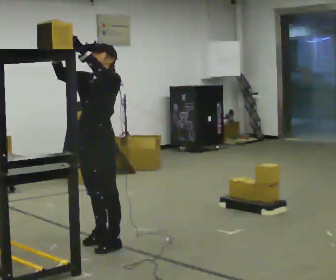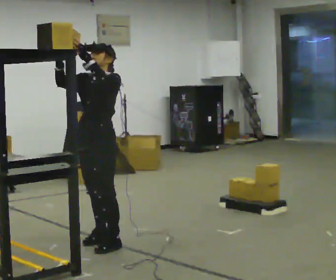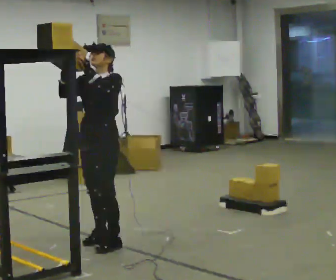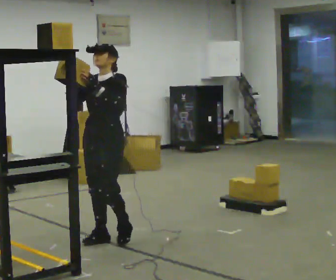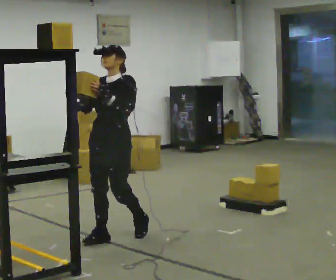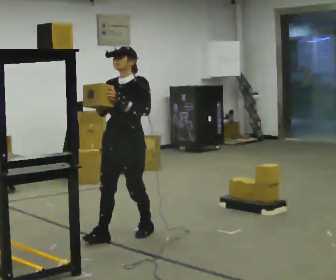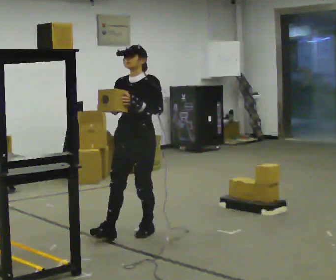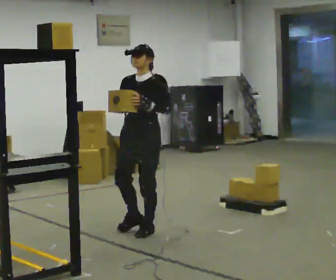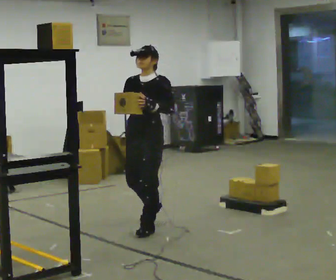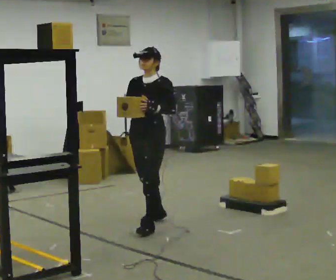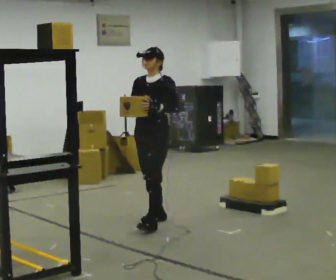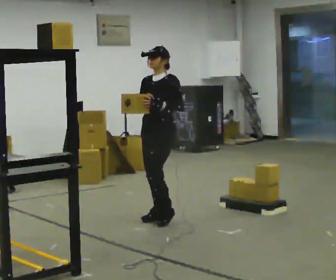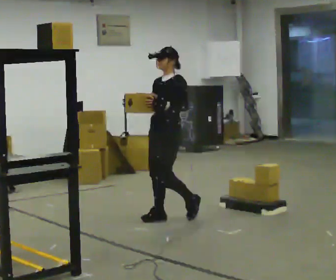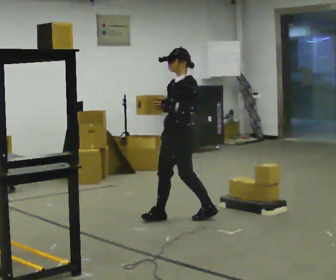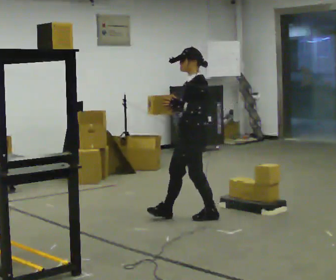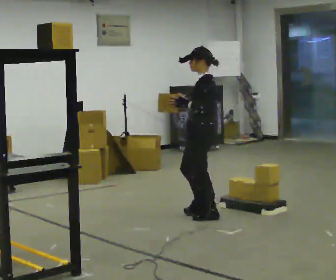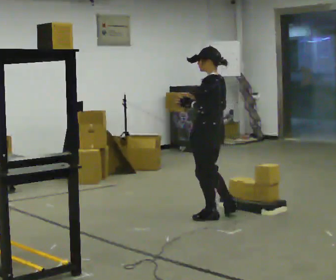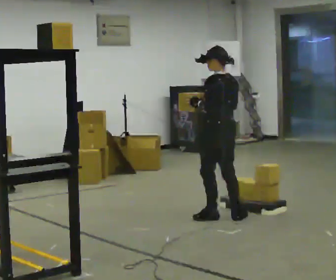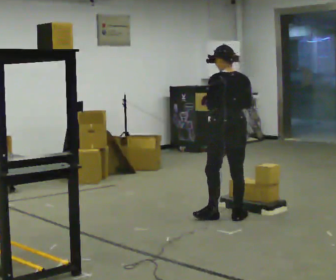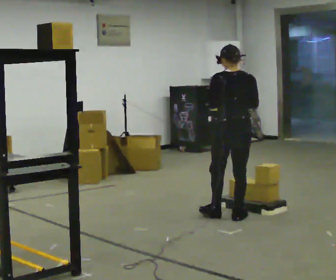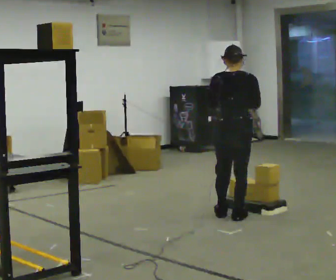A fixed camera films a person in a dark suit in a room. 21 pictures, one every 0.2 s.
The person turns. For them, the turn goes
to their right.
Their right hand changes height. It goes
downward.
0.0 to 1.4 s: In the picture they go away from the camera and to the right, about 0.5 m in 2 steps, which for them is backward. In the picture their left hand goes downward.
1.4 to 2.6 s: The part of the body nearest the lens slides to the left as the person turns to their right by about 30 degrees. In the picture they go away from the camera and to the right, about 0.5 m in 1 step, which for them is backward.
2.6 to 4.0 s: The person turns about 120 degrees to their right, clockwise seen from above, so the part of the body nearest the lens slides to the left. In the picture they go to the right, about 0.5 m in 1 step.
The film runs backward here.
